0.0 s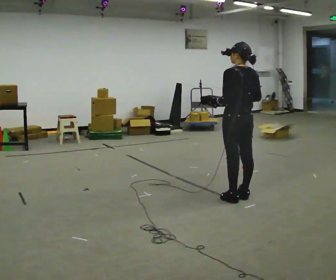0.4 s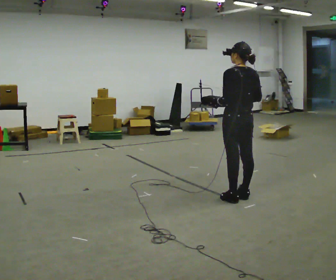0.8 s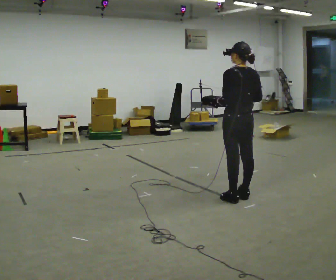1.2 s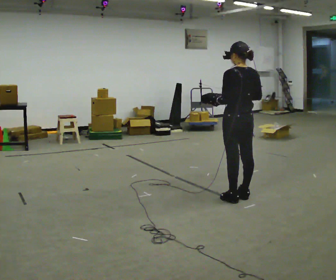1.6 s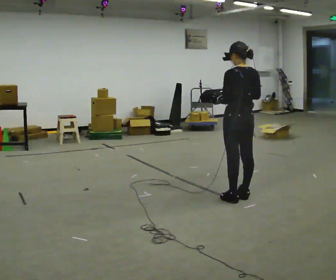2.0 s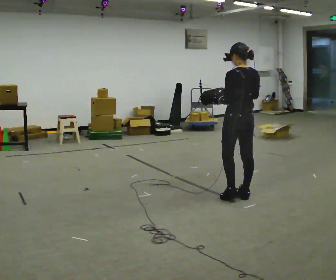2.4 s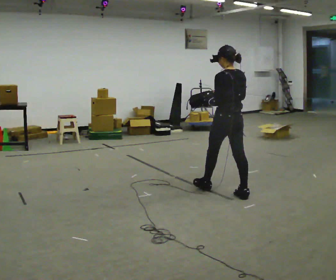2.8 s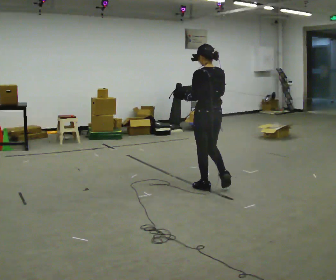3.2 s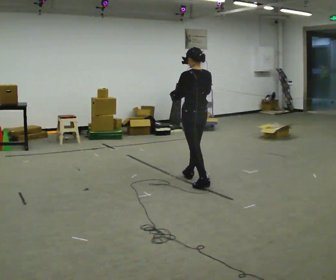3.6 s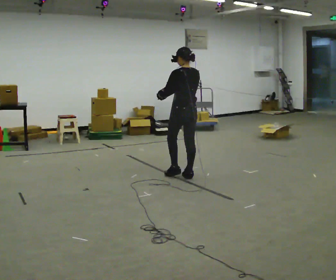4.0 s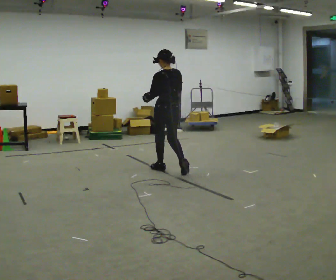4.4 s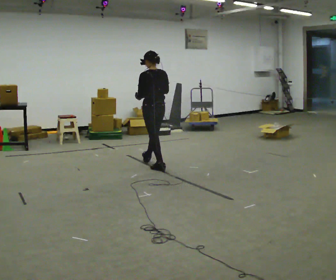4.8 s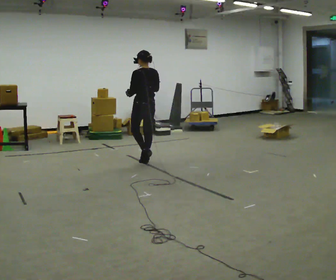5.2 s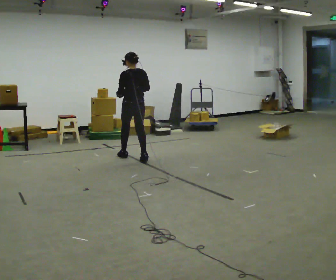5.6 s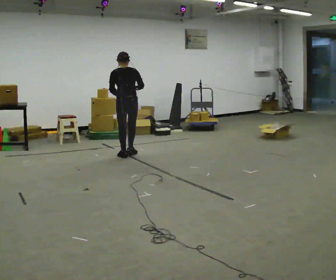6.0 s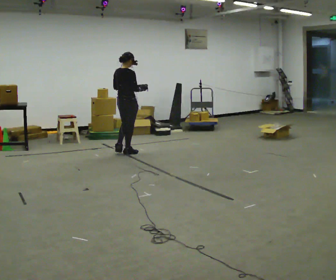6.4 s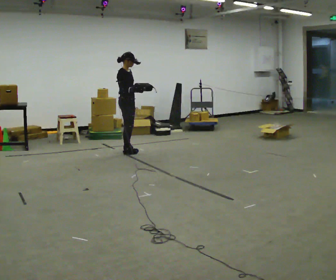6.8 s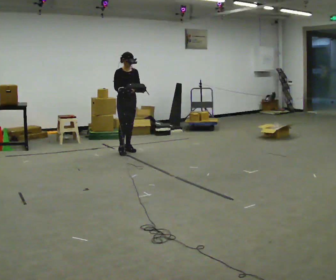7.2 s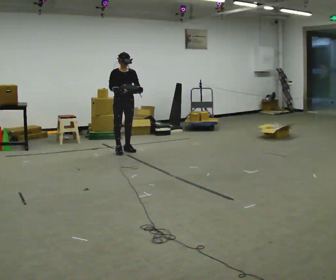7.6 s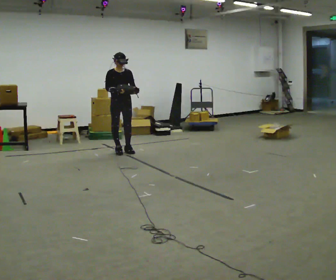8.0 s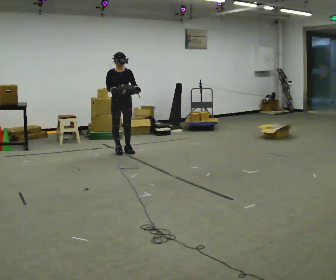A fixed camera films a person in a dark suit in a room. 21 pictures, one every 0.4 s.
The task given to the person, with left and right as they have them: Carry the bag and, while walking, undo the buckle or zip, then do it up again. Keep repeating as you walk. Do not stop.
0.0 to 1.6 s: The person moves a little, or ends about where they began.
1.6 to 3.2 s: In the picture they go away from the camera and to the left, about 0.5 m in 2 steps, which for them is forward.
3.2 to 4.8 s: In the picture they go away from the camera and to the left, about 1 m in 2 steps, which for them is forward.
4.8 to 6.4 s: The person turns about 135 degrees to their right, clockwise seen from above, so the part of the body nearest the lens slides to the left. In the picture they go away from the camera and to the left, about 0.75 m in 3 steps.
6.4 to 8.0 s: The person turns about 45 degrees to their right, clockwise seen from above, so the part of the body nearest the lens slides to the left.
The film runs forward here.
